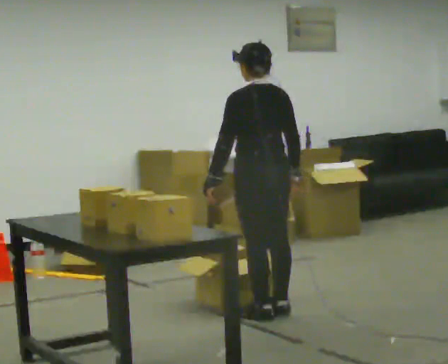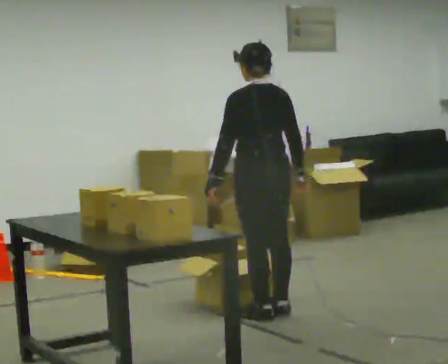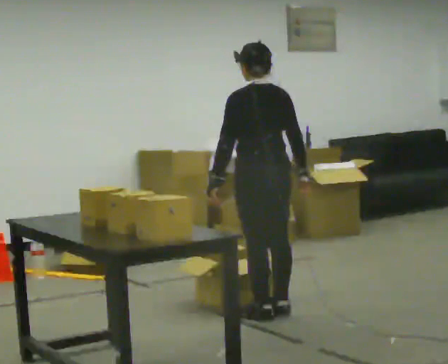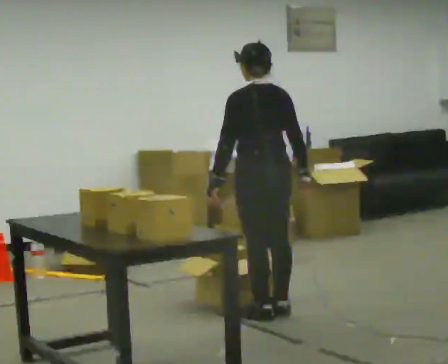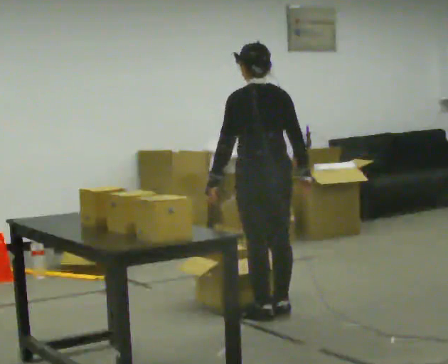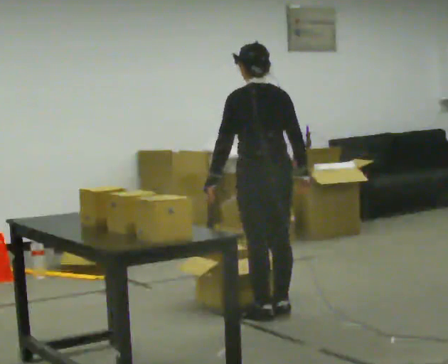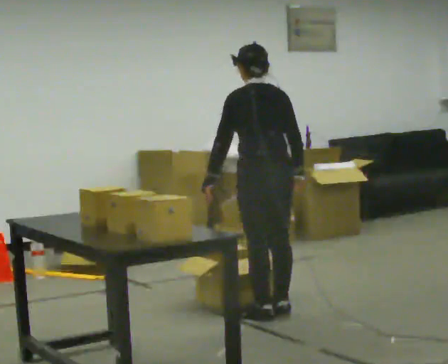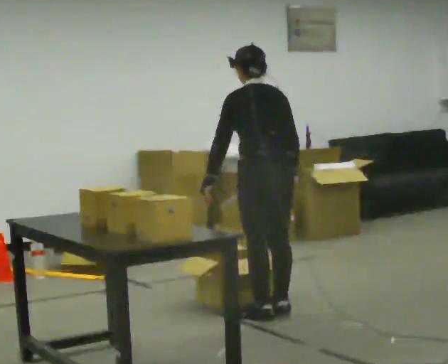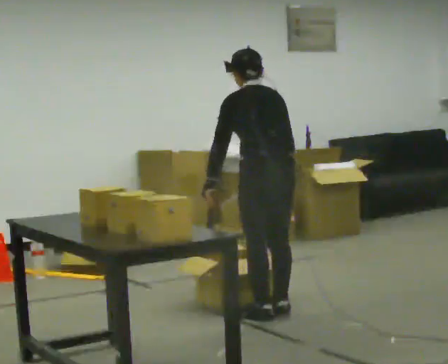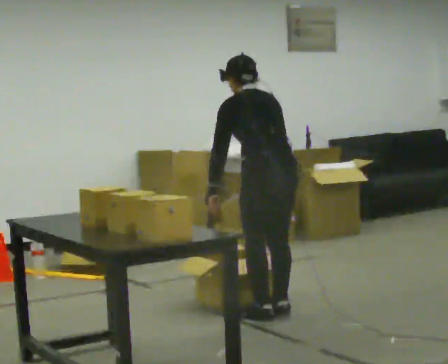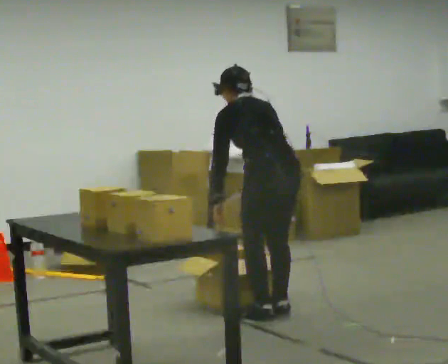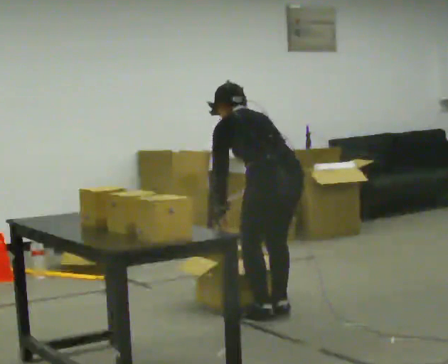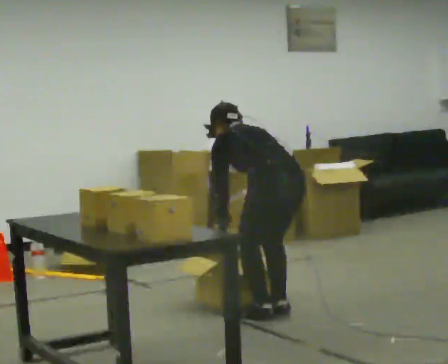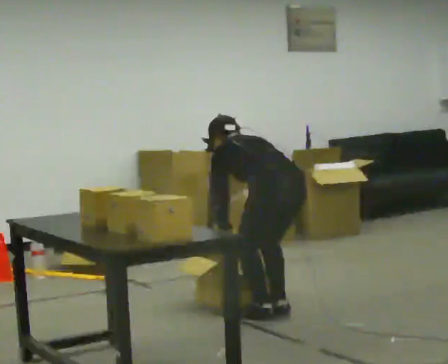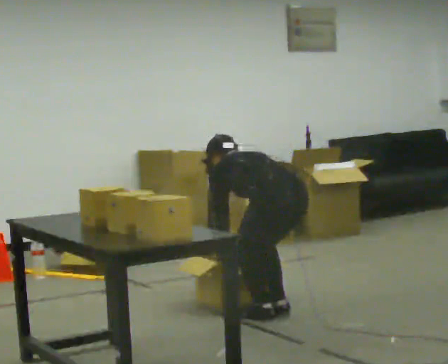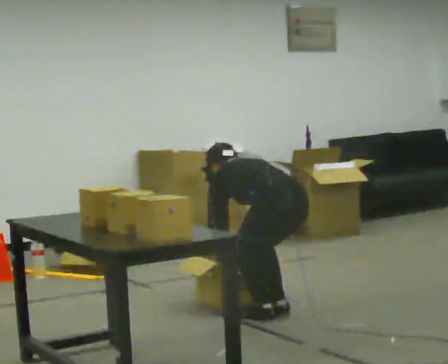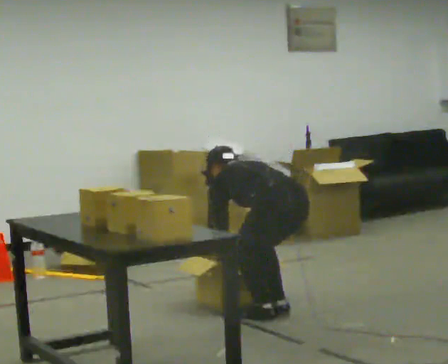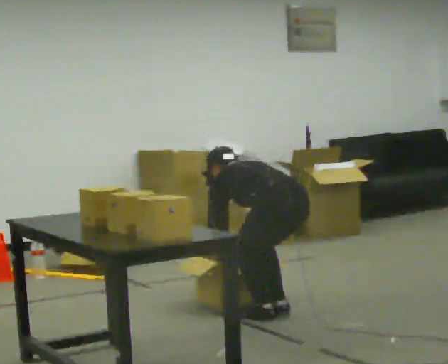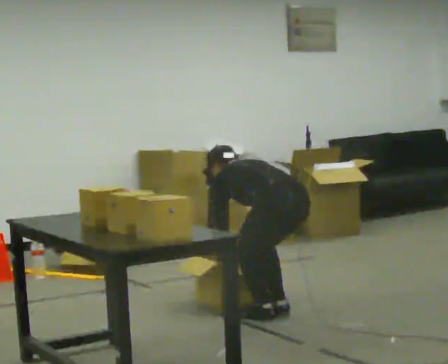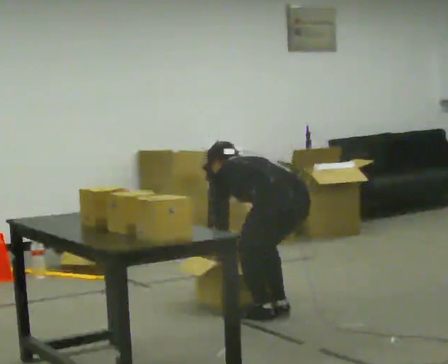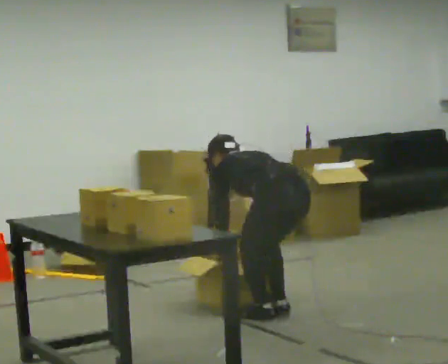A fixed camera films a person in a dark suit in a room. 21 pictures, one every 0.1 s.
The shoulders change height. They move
downward.
Their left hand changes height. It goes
downward.
0.0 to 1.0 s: The upper body tips away from the camera, its near side rolling upward, as they bend forward.
1.0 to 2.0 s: The upper body goes downward. The upper body tips away from the camera, its near side rolling upward, as they bend forward. In the picture their left hand goes downward.
The film runs backward here.
